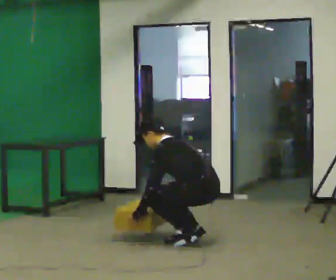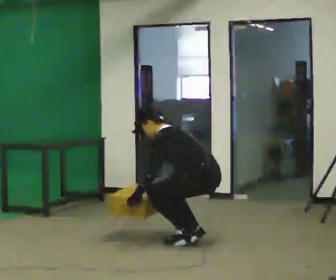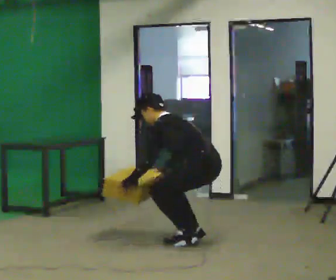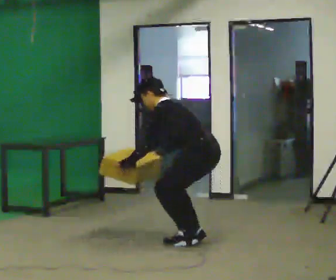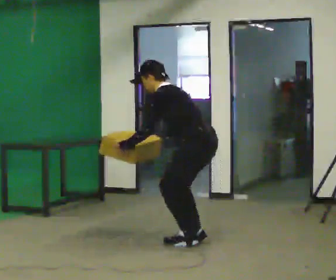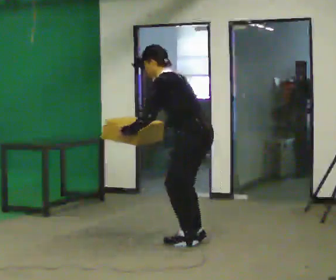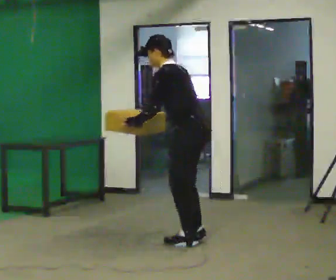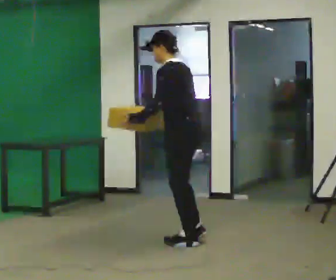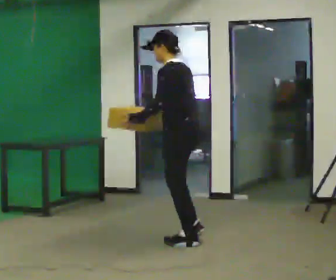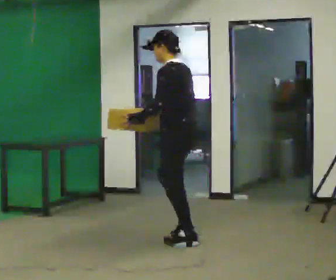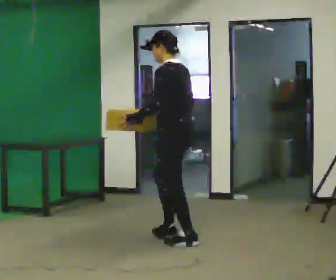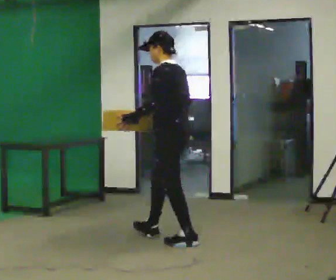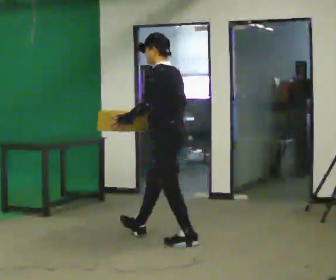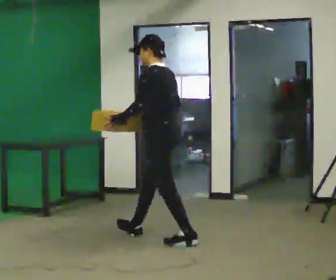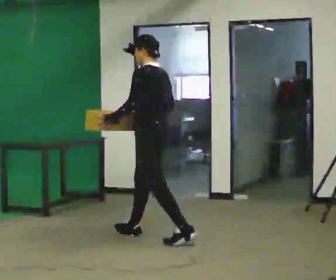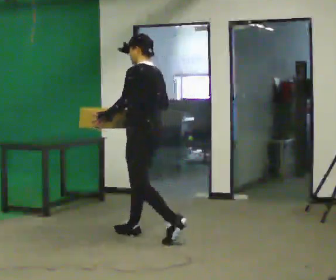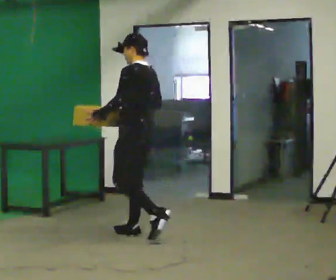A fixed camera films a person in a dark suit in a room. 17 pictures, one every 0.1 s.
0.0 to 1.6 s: In the picture they go to the left and away from the camera, about 0.75 m in 1 step, which for them is forward. The upper body goes upward. In the picture the upper body tilts clockwise, shoulders to the right, as they lean back or straighten. In the picture their left hand goes upward.
The film runs forward here.
